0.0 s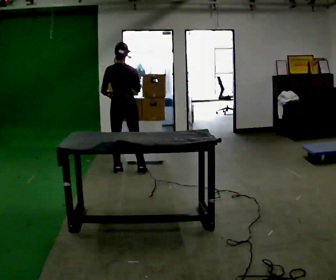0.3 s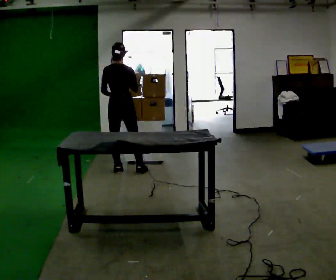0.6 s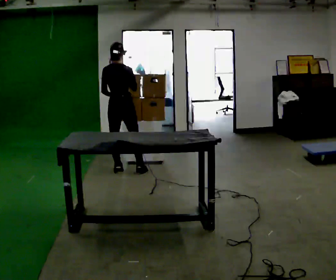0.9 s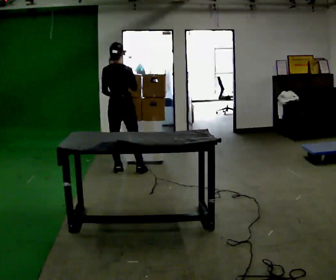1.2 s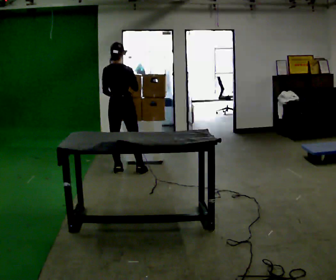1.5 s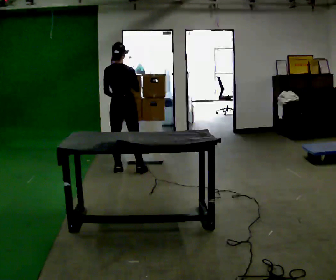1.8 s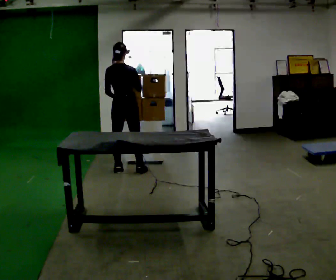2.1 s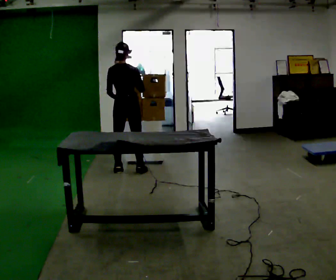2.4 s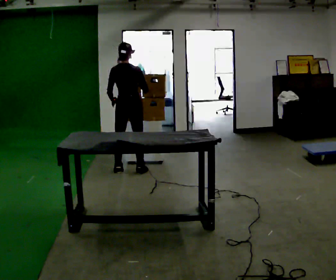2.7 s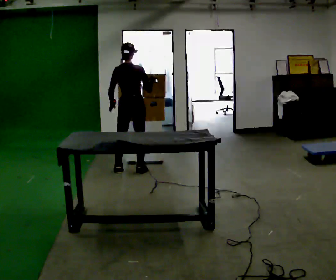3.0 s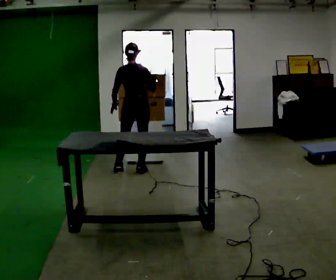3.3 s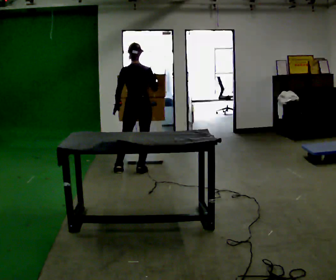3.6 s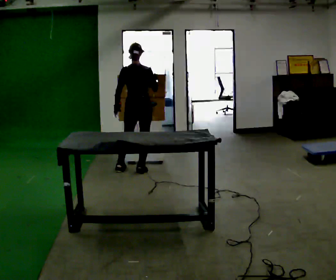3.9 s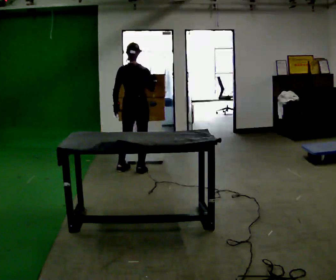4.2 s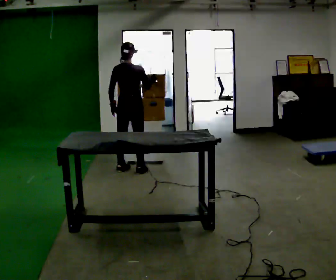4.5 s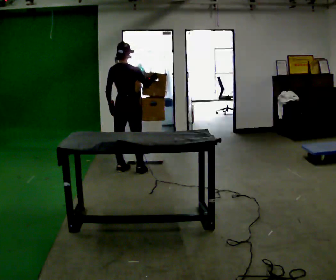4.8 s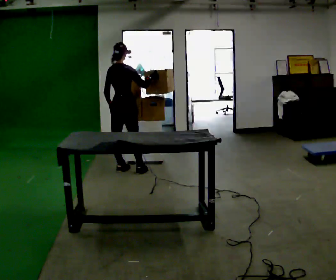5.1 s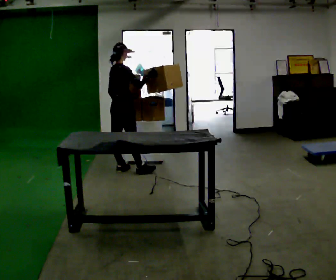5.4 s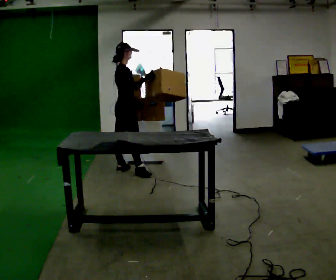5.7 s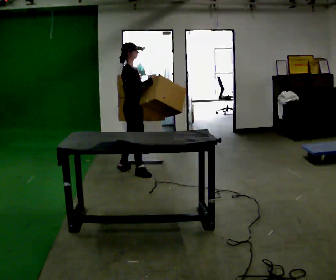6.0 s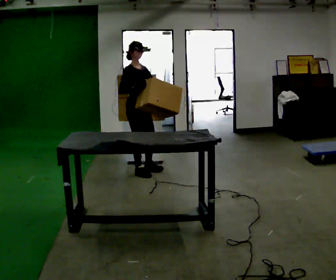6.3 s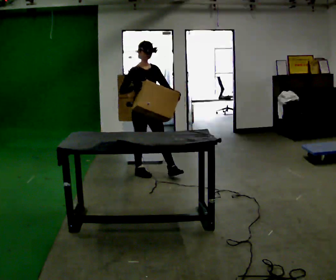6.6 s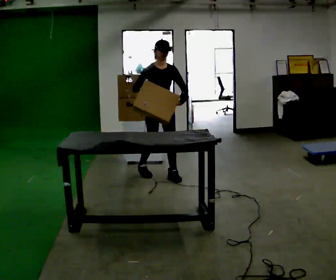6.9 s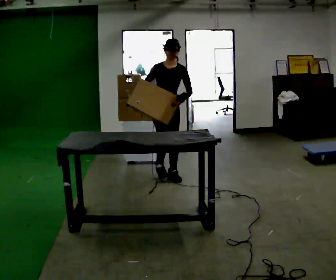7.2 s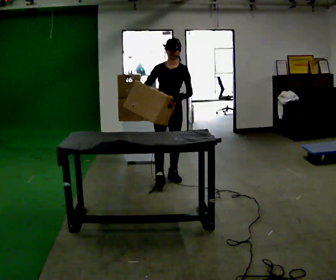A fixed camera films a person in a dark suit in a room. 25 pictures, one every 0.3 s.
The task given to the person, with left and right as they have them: Move objects one at a time from the waist-height shelf at one end of the room to the waist-height shelf at the other end. Keep going until the operator says stop; one object at a time, and do not rush between trips.
0.0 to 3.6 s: In the picture they go to the right, about 0.25 m, which for them is to their right.
3.6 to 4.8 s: Seen from above the body turns clockwise, about 45 degrees: to their right, with its near side sliding to the left. In the picture they go to the left, about 0.25 m, which for them is to their left.
4.8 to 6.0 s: Seen from above the body turns clockwise, about 90 degrees: to their right, with its near side sliding to the left. In the picture they go to the right and toward the camera, about 0.25 m.
6.0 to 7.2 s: The part of the body nearest the lens slides to the left as the person turns to their right by about 75 degrees. In the picture they go to the right and toward the camera, about 0.5 m in 1 step.
The film runs forward here.
